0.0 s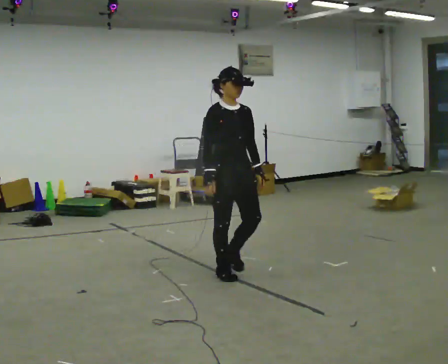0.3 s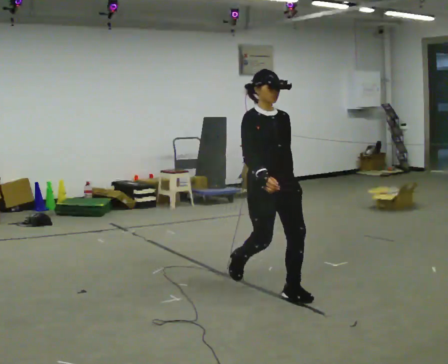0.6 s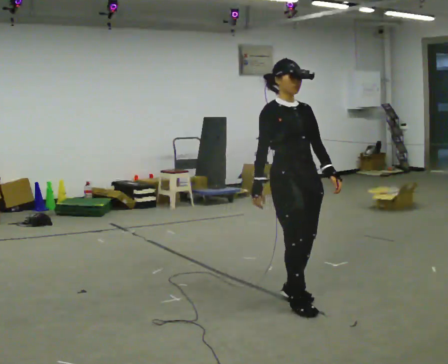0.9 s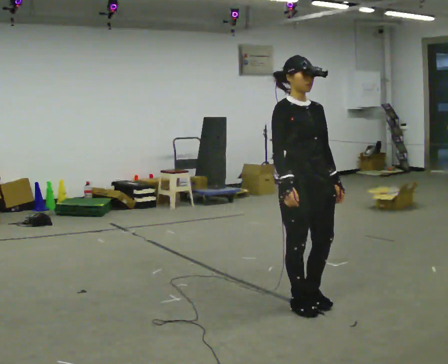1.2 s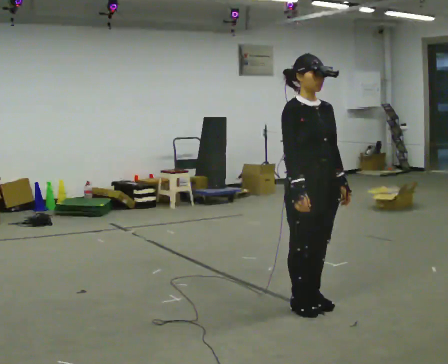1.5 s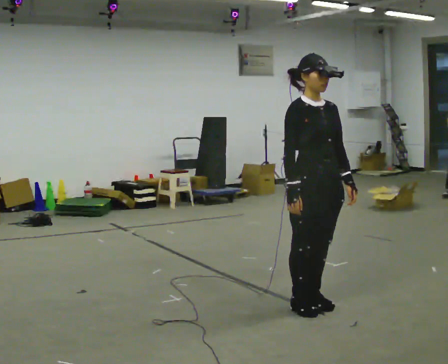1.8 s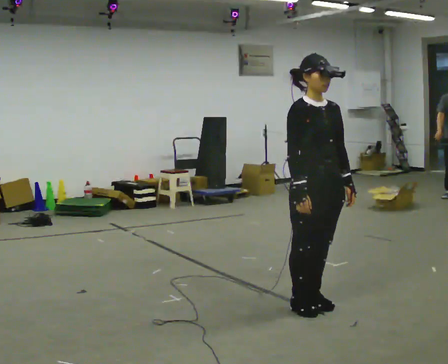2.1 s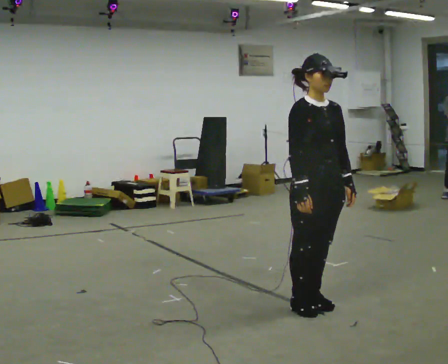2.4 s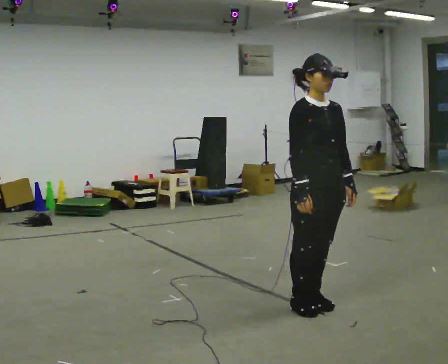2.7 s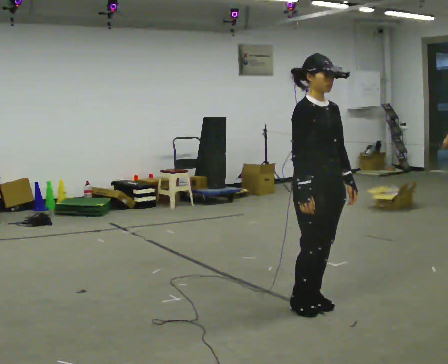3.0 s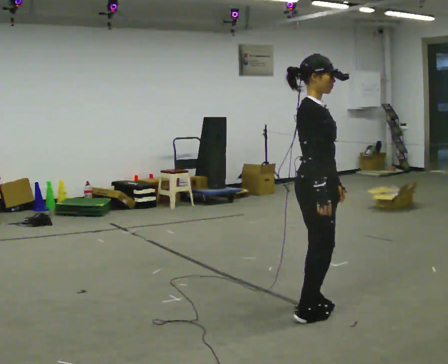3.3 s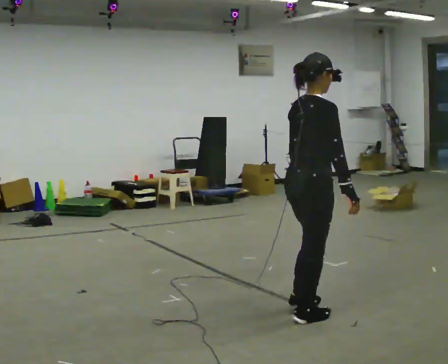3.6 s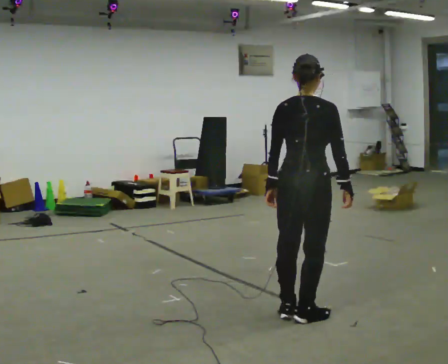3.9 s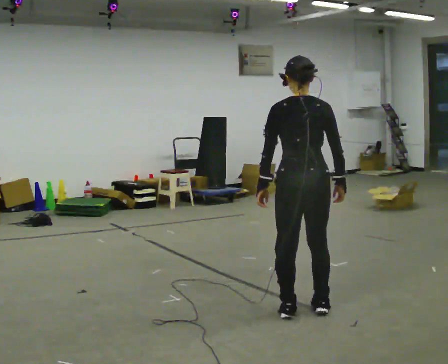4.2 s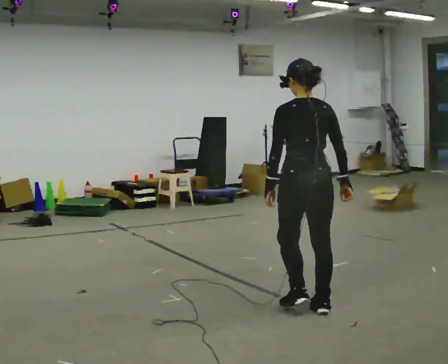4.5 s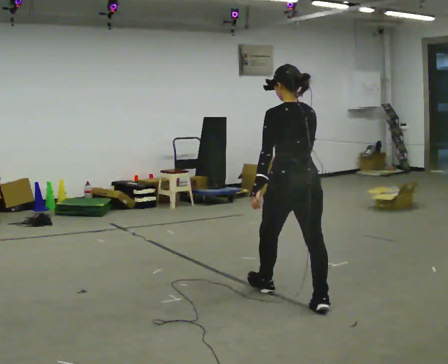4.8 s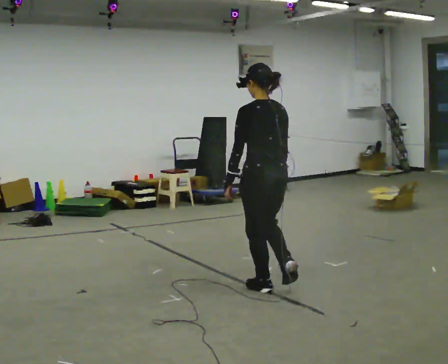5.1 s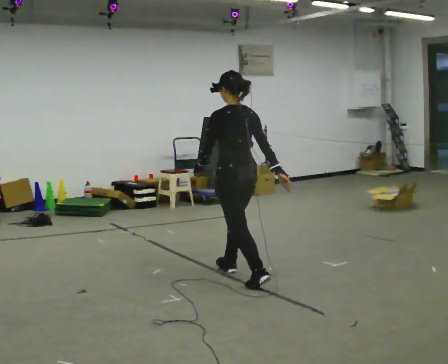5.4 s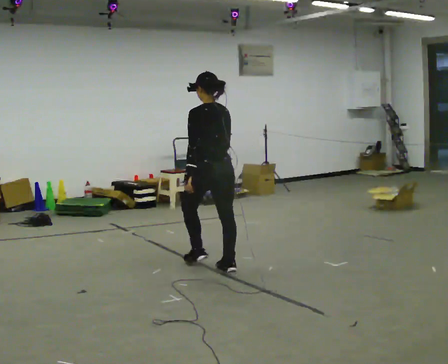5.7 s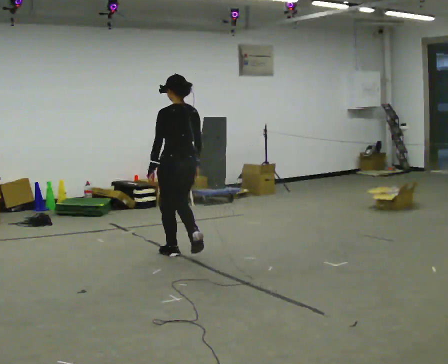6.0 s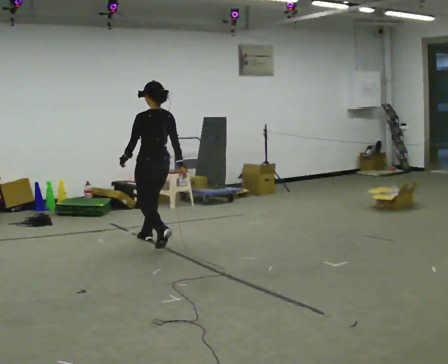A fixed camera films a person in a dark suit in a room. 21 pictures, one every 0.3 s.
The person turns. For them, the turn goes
to their left.
The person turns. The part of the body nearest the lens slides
to the right.
0.0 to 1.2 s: In the picture they go toward the camera and to the right, about 1 m in 3 steps, which for them is forward.
1.2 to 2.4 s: The person moves a little, or ends about where they began.
2.4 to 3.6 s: The part of the body nearest the lens slides to the right as the person turns to their left by about 120 degrees. In the picture their left hand goes to the left, the arm swinging clockwise.
3.6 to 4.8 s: The part of the body nearest the lens slides to the right as the person turns to their left by about 60 degrees. In the picture they go away from the camera and to the left, about 0.5 m in 2 steps, which for them is forward.
4.8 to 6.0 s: In the picture they go away from the camera and to the left, about 2 m in 3 steps, which for them is forward.
The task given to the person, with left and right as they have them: Start still; gradually go slow → normal → fast; briefly maintain fast speed; stop.
The film runs forward here.
